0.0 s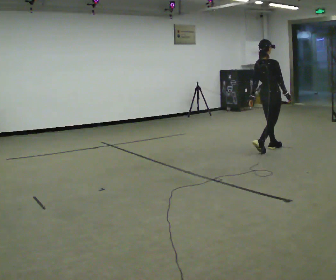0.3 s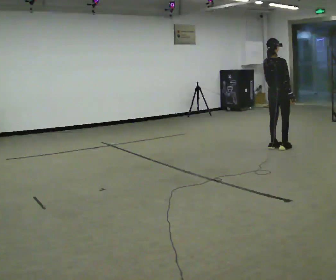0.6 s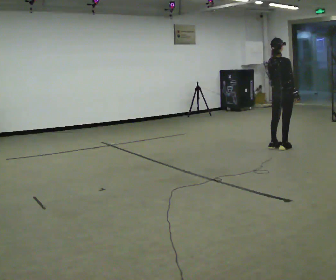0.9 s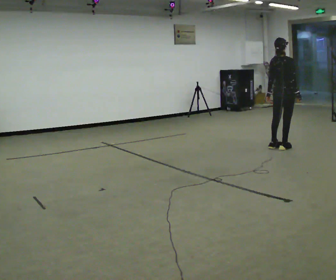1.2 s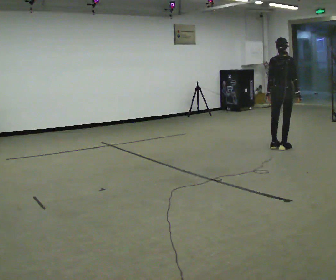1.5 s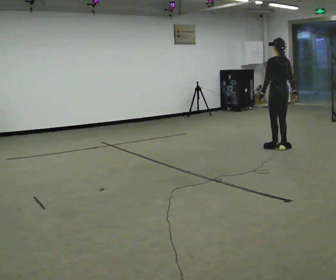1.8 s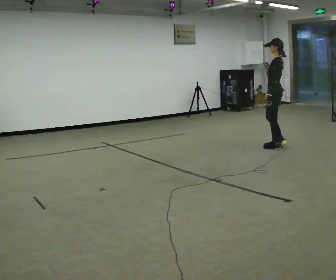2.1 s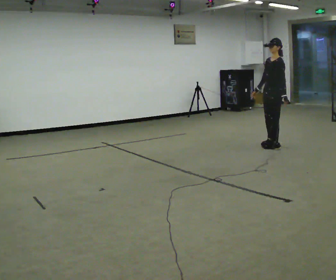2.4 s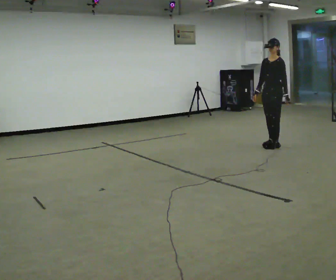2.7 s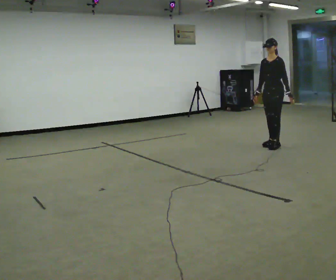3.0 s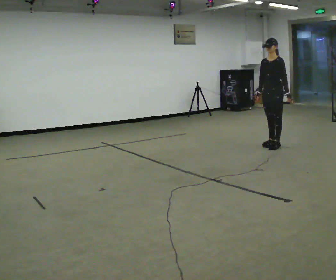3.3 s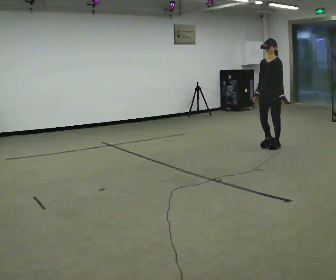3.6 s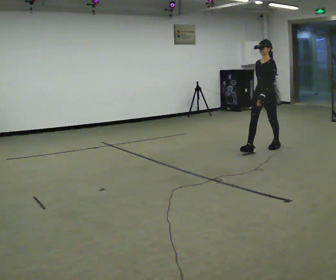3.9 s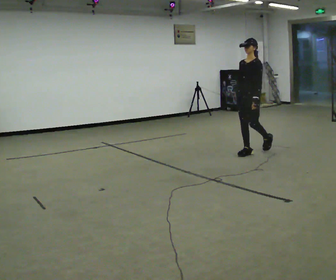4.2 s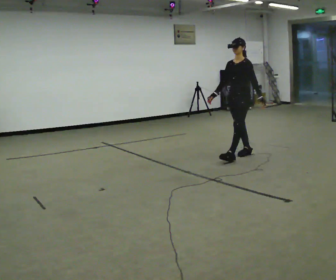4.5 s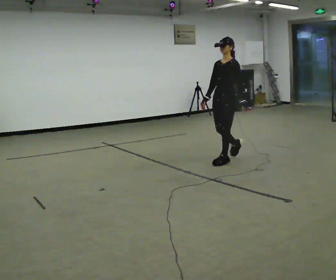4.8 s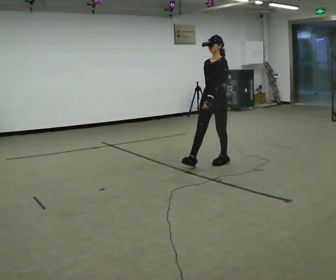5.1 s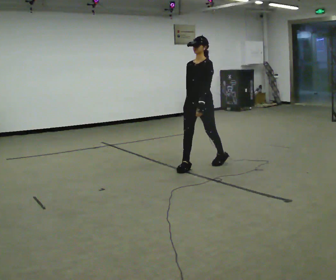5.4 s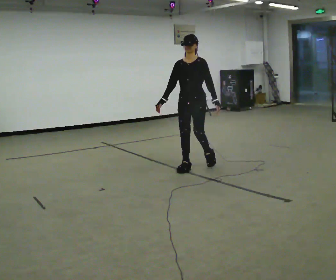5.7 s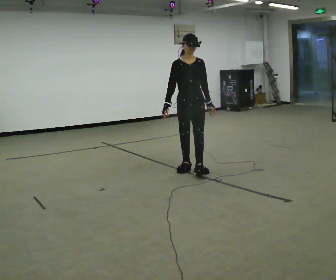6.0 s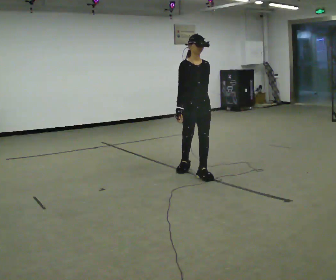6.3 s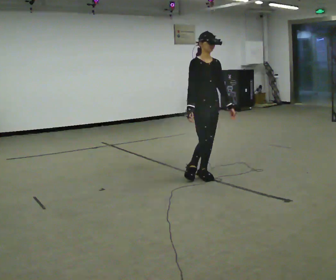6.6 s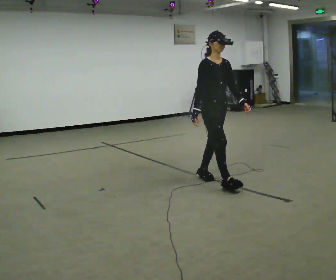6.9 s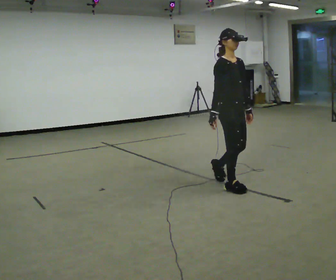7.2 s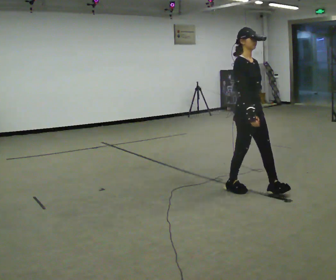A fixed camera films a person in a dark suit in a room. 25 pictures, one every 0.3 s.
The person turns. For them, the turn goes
to their left.
The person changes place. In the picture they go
toward the camera.
0.0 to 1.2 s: The part of the body nearest the lens slides to the right as the person turns to their left by about 30 degrees. In the picture they go to the right, about 0.25 m in 1 step, which for them is forward.
1.2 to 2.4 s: The person turns about 150 degrees to their left, counterclockwise seen from above, so the part of the body nearest the lens slides to the right. In the picture their right hand goes to the left, the arm swinging clockwise.
2.4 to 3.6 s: In the picture they go toward the camera and to the left, about 0.25 m, which for them is forward.
3.6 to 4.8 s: In the picture they go toward the camera and to the left, about 1 m in 2 steps, which for them is forward.
4.8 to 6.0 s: The person turns about 75 degrees to their left, counterclockwise seen from above, so the part of the body nearest the lens slides to the right. In the picture they go toward the camera, about 0.5 m in 2 steps.
6.0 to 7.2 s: Seen from above the body turns counterclockwise, about 30 degrees: to their left, with its near side sliding to the right. In the picture they go toward the camera and to the right, about 1 m in 1 step, which for them is forward.
The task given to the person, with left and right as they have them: Walk normally; turn left/right while slowing; after turn accelerate back to normal.
The film runs forward here.
